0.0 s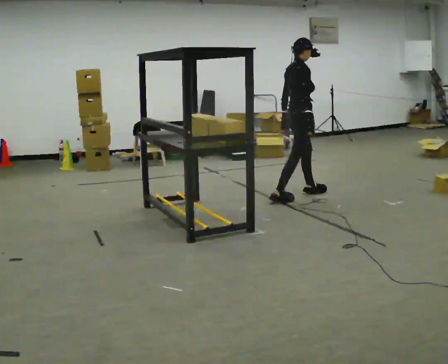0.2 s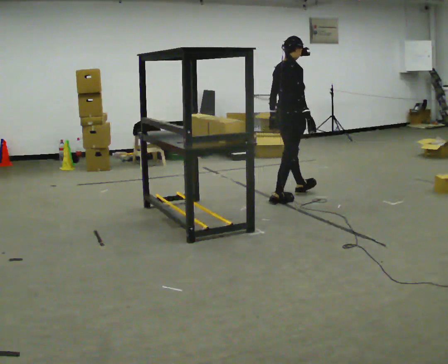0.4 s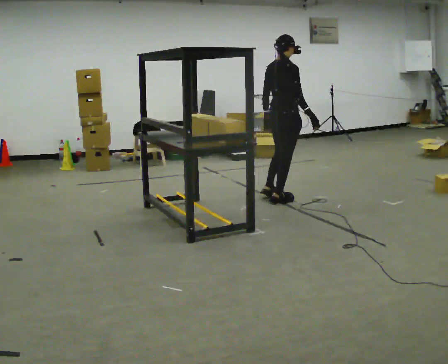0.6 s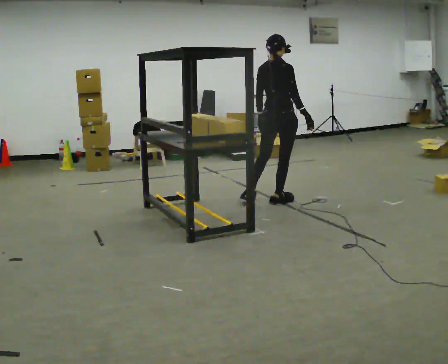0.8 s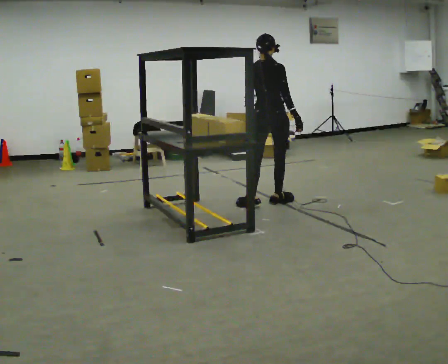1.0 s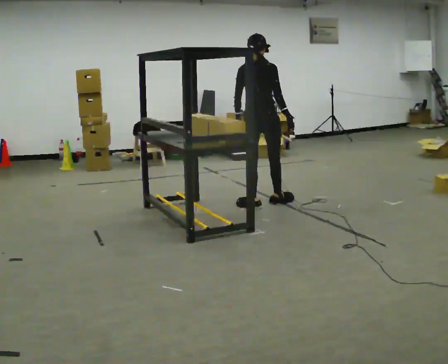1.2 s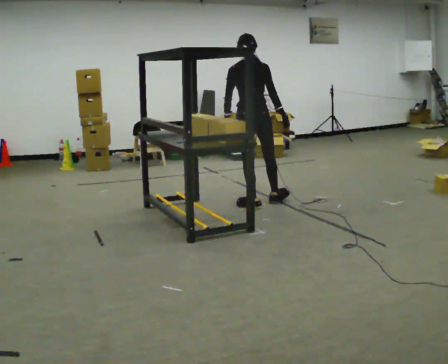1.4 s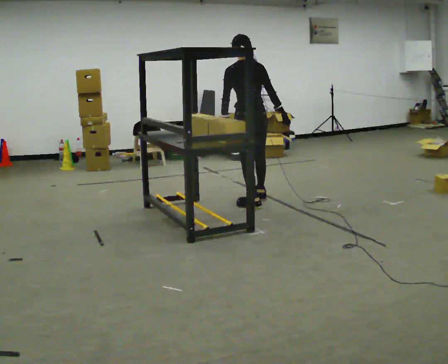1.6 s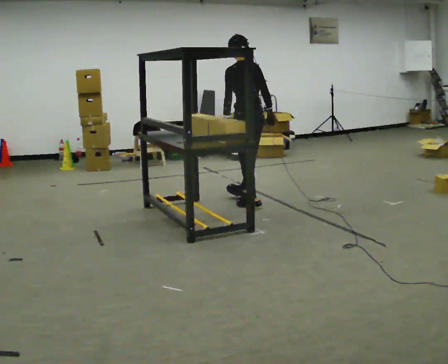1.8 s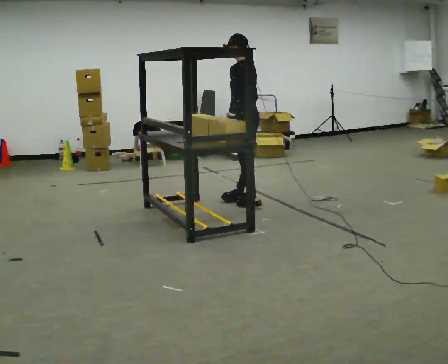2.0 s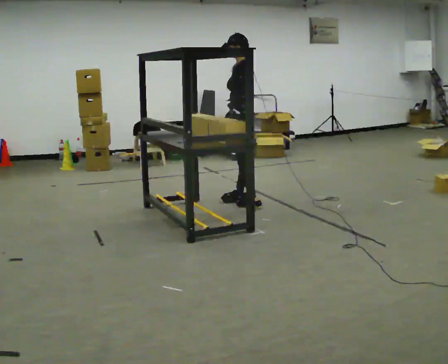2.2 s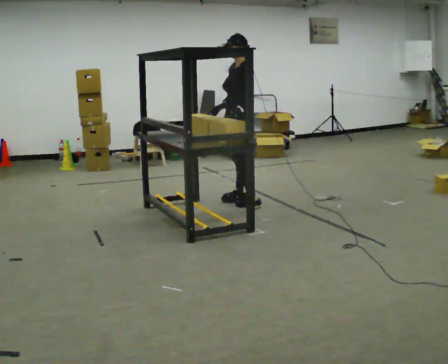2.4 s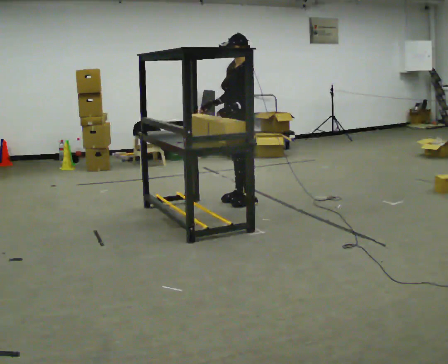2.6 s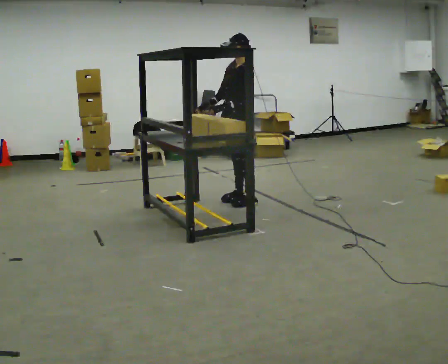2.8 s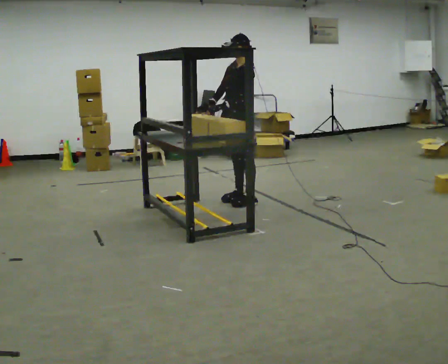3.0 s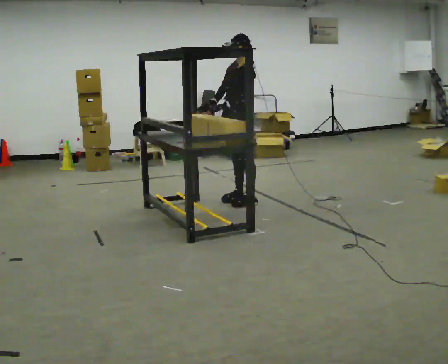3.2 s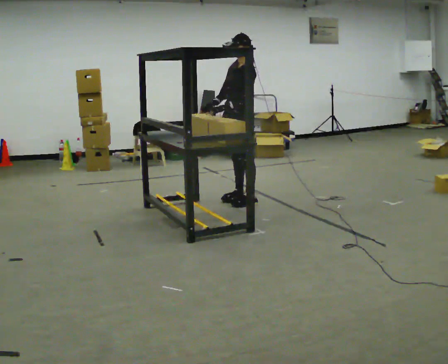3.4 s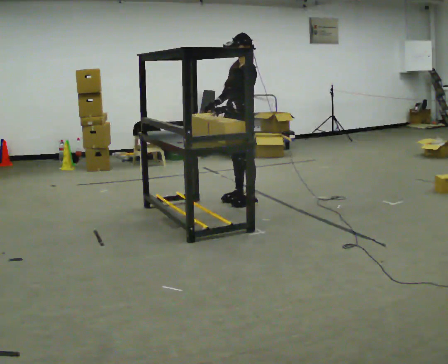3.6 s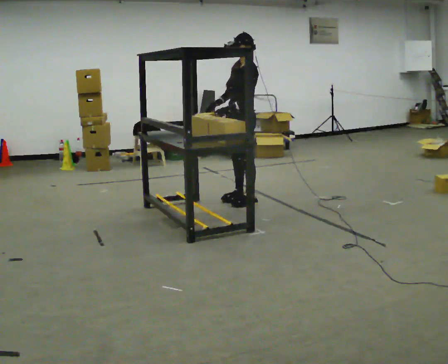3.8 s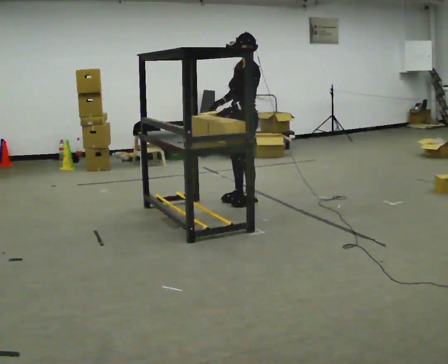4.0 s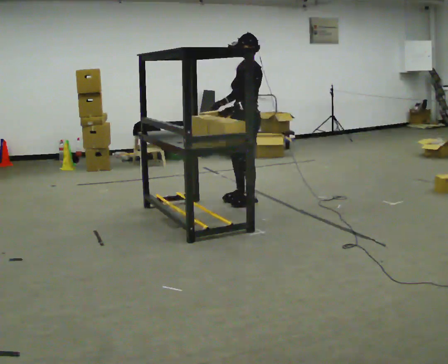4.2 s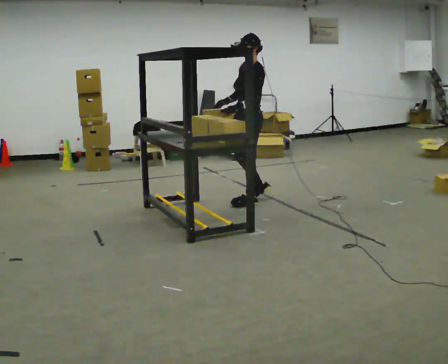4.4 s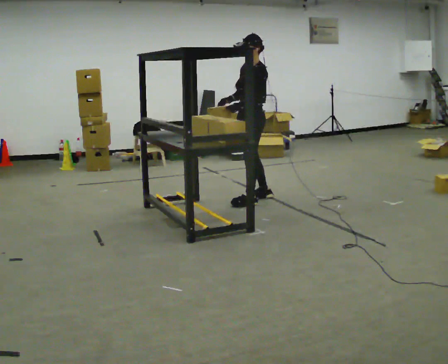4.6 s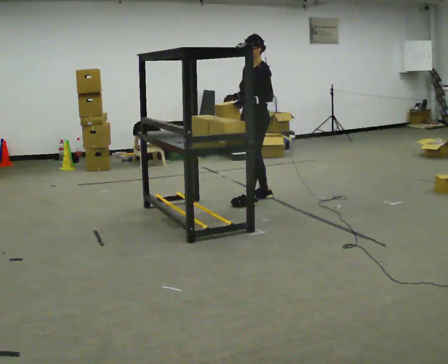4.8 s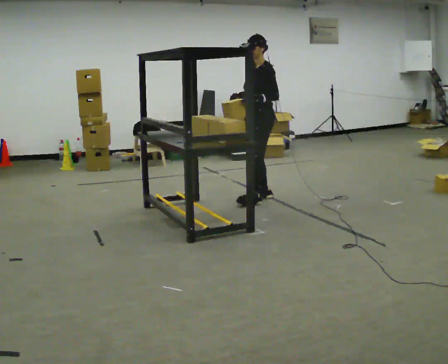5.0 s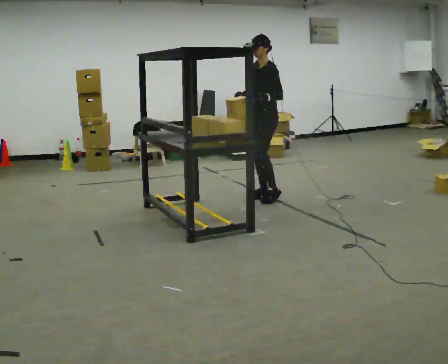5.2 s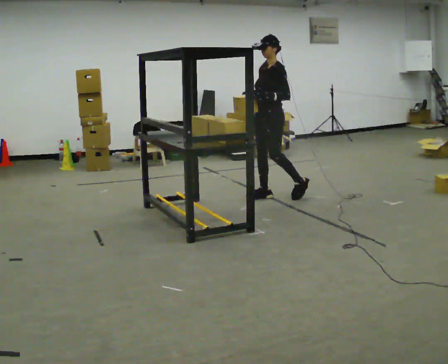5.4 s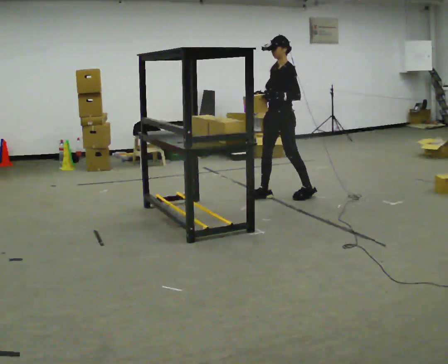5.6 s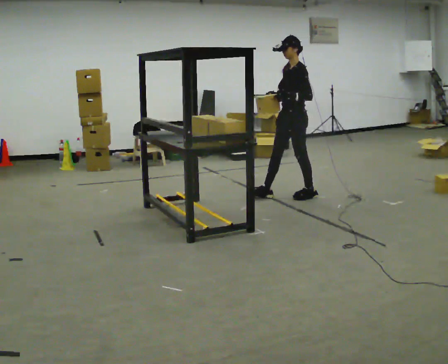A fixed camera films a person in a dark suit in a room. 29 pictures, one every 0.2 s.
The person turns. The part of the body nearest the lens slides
to the right.
The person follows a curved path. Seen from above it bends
clockwise.
0.0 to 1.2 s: The person turns about 75 degrees to their left, counterclockwise seen from above, so the part of the body nearest the lens slides to the right. In the picture they go to the left and toward the camera, about 0.5 m in 2 steps.
1.2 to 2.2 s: Seen from above the body turns counterclockwise, about 105 degrees: to their left, with its near side sliding to the right. In the picture their right hand goes to the left, the arm swinging clockwise.
2.2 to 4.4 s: The person moves a little, or ends about where they began.
4.4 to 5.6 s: In the picture they go to the right, about 0.5 m in 1 step, which for them is backward.
The film runs backward here.
